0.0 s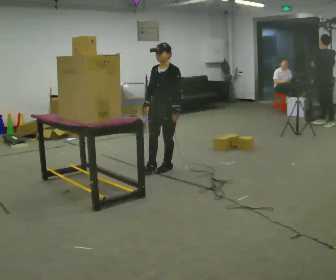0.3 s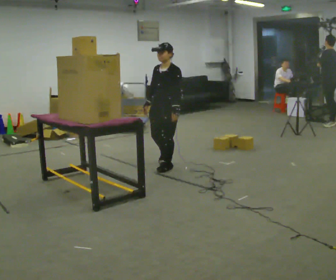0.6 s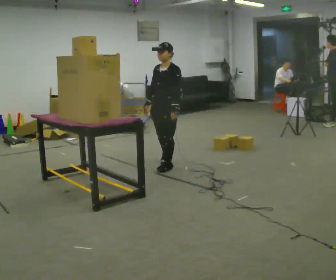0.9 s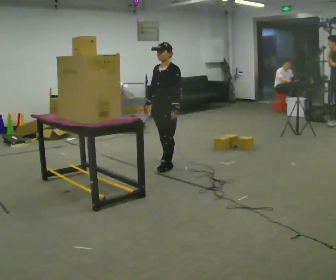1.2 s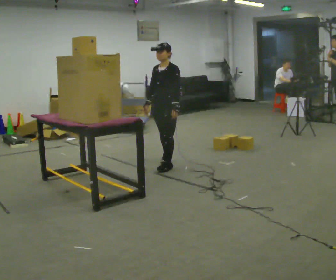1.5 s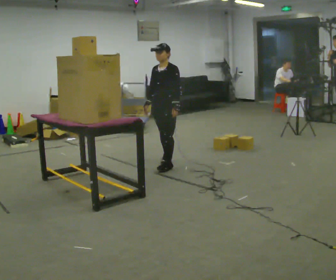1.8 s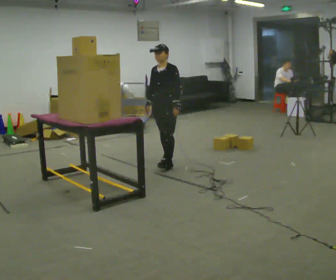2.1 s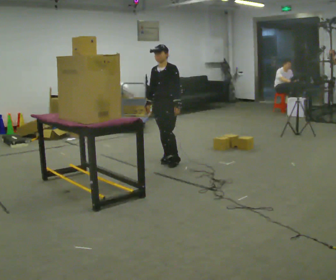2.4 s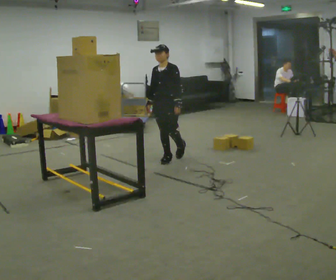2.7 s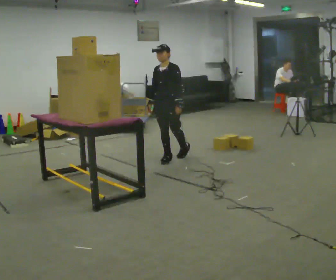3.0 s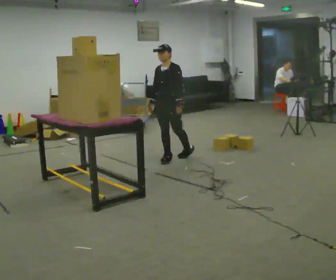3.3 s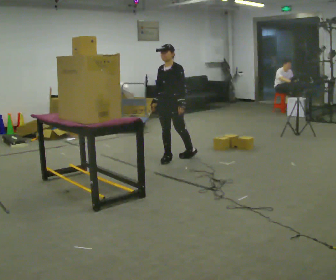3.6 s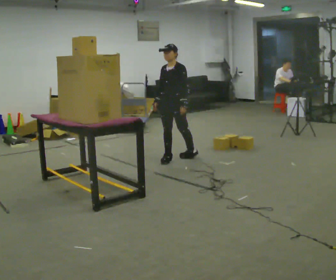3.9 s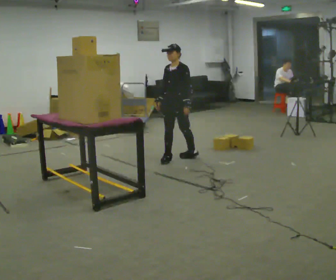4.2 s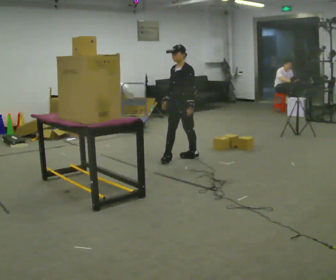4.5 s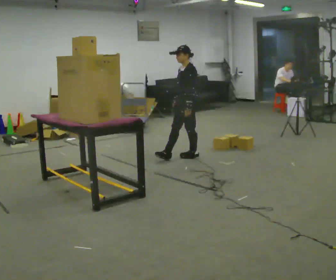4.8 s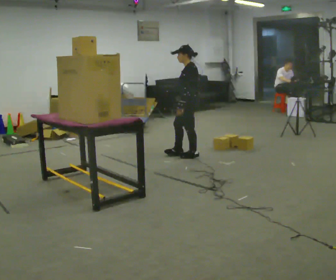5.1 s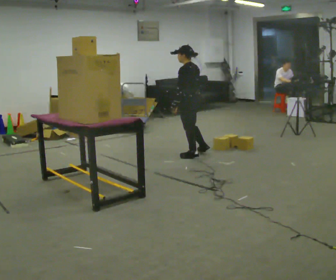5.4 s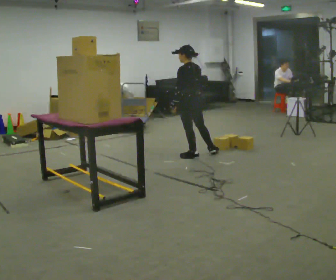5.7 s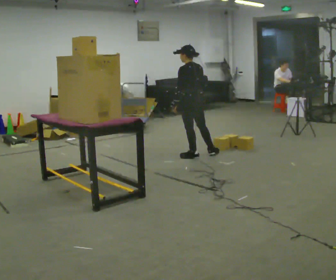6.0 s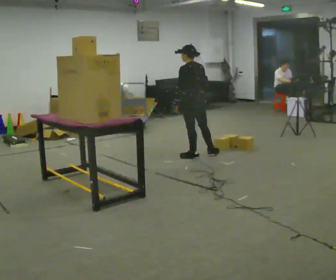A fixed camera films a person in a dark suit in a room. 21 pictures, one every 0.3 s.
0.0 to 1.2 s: The person moves a little, or ends about where they began.
1.2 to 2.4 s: In the picture they go away from the camera, about 0.25 m in 1 step, which for them is backward and to their right.
2.4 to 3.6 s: The person moves a little, or ends about where they began.
3.6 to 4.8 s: The person turns about 60 degrees to their right, clockwise seen from above, so the part of the body nearest the lens slides to the left. In the picture they go to the right, about 0.25 m in 1 step, which for them is backward. In the picture their right hand goes to the right.
4.8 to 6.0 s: The person turns about 45 degrees to their right, clockwise seen from above, so the part of the body nearest the lens slides to the left.
The film runs backward here.
